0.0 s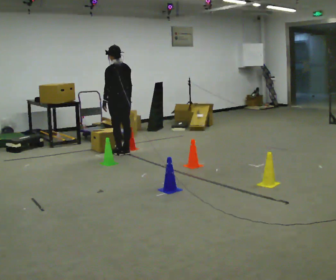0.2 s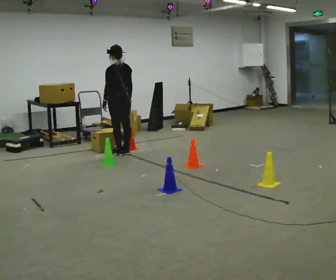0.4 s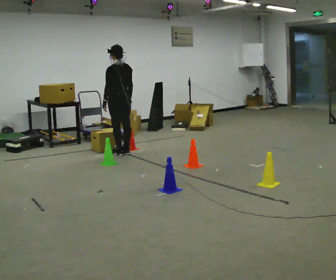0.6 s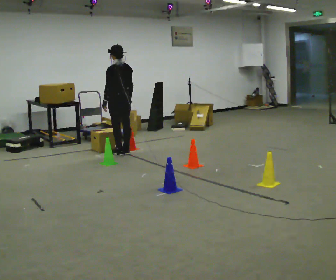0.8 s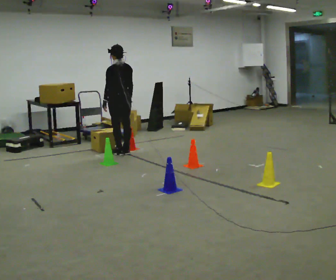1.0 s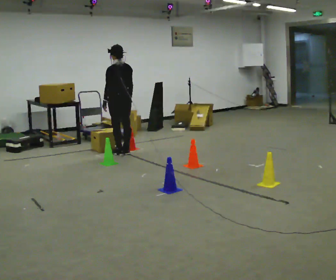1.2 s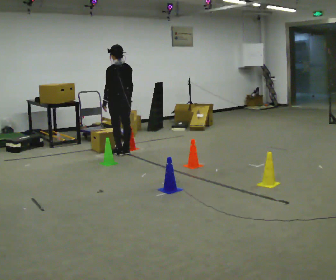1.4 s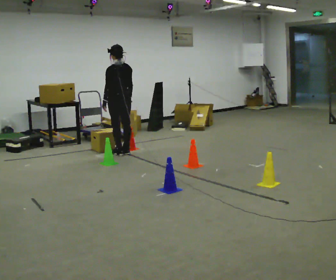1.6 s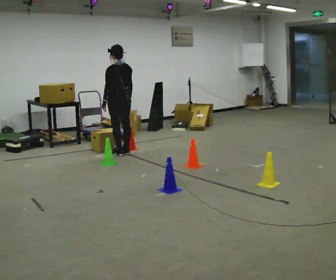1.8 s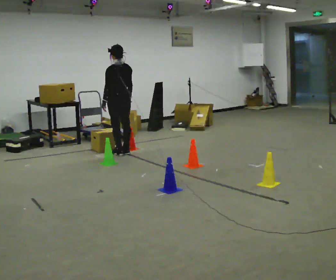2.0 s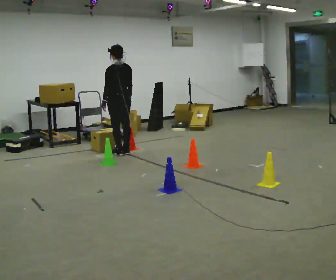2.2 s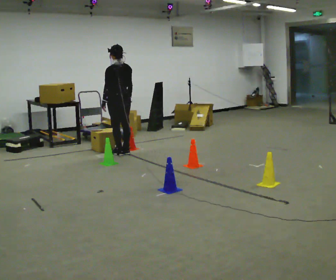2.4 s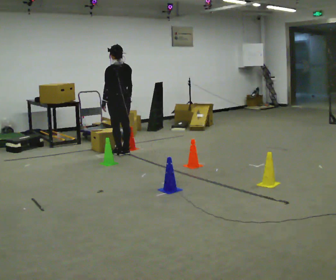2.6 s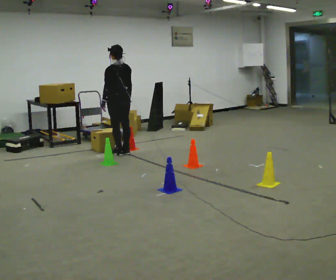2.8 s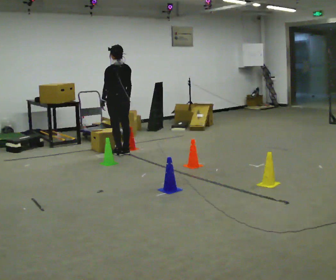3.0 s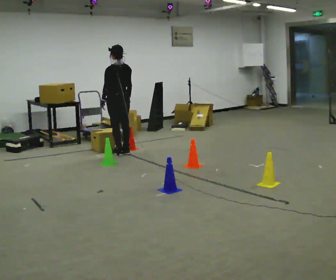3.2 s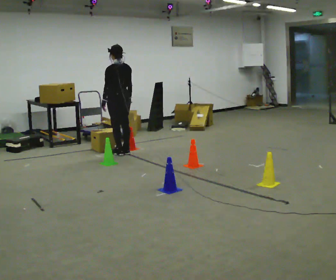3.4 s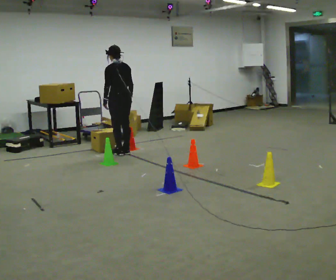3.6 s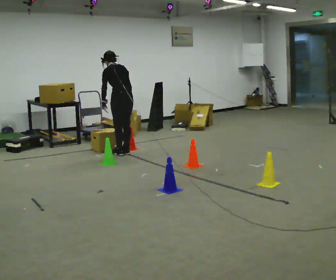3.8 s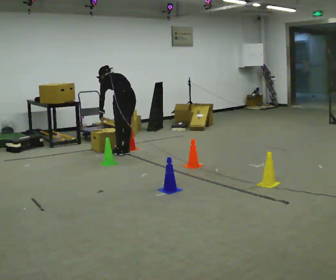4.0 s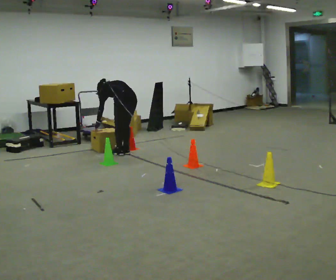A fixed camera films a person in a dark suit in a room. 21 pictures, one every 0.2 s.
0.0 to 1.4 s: The person moves a little, or ends about where they began.
1.4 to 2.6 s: The person keeps their place and pose.
2.6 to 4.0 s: The shoulders move downward. The upper body tips away from the camera, its near side rolling upward, as they bend forward. In the picture their right hand goes downward.
The film runs backward here.
